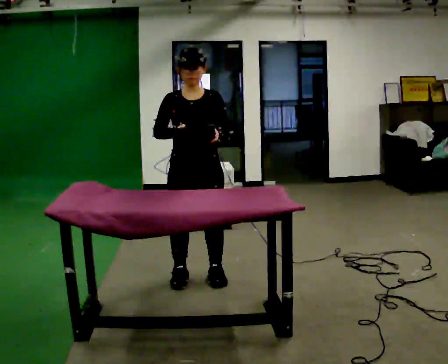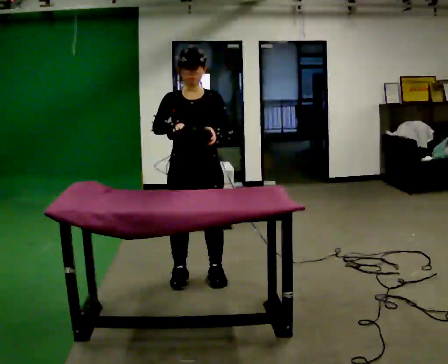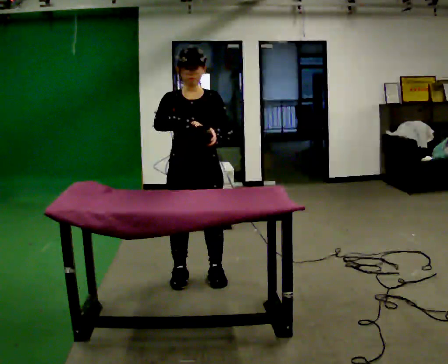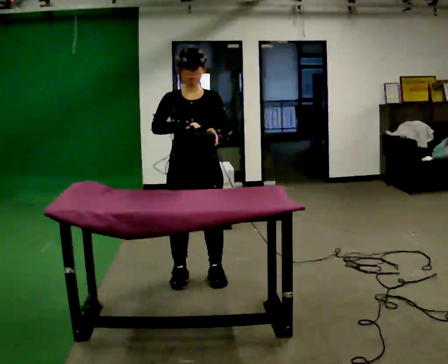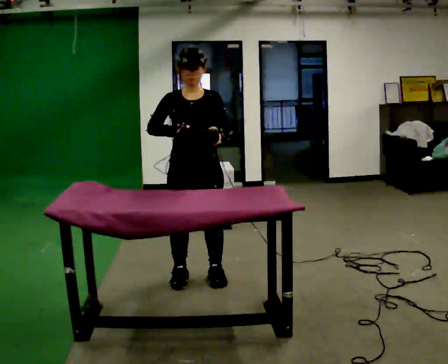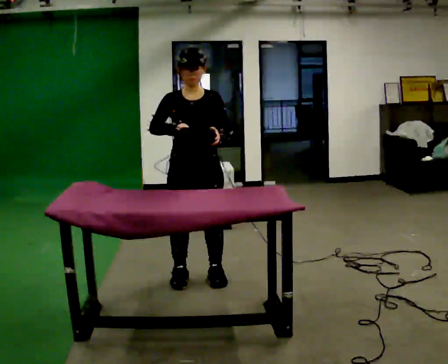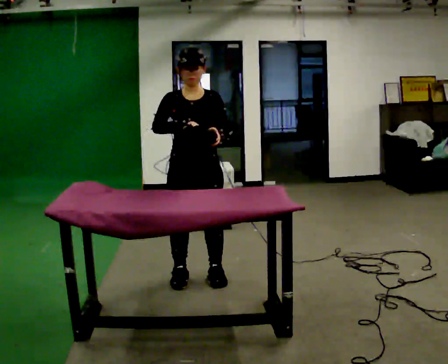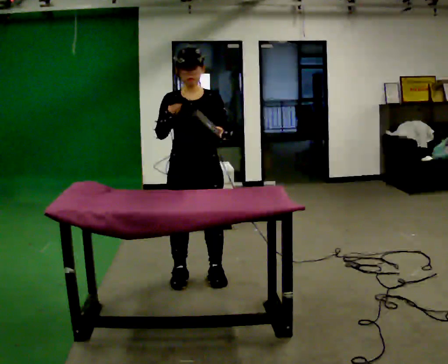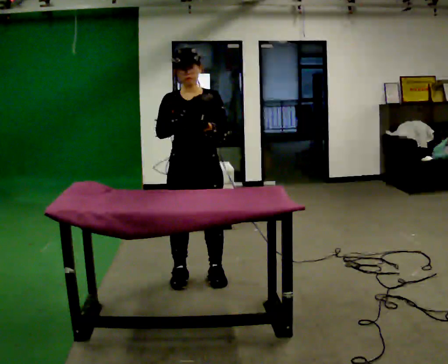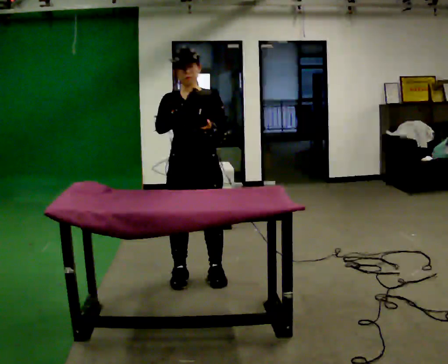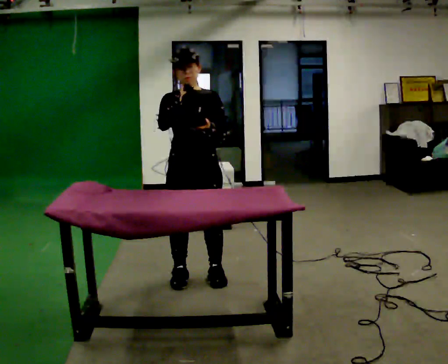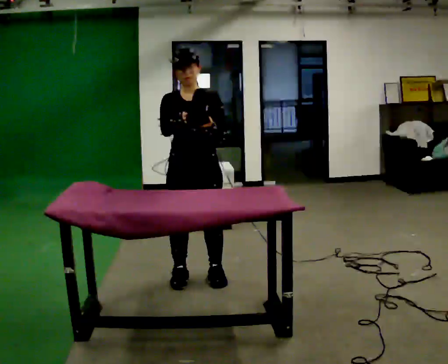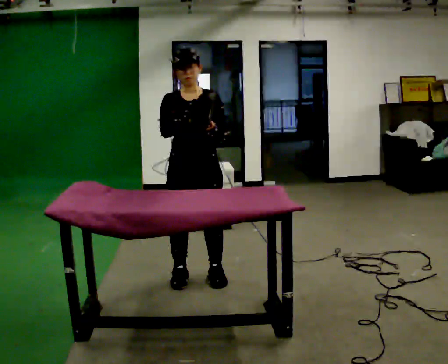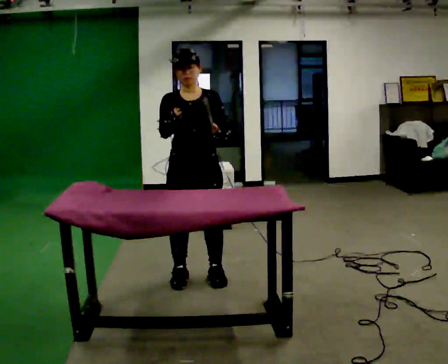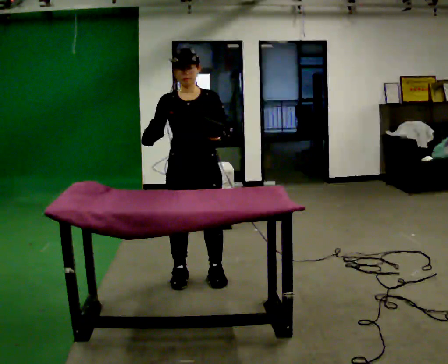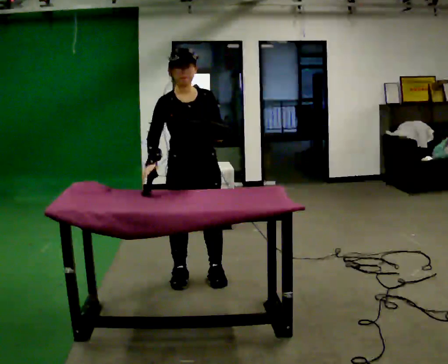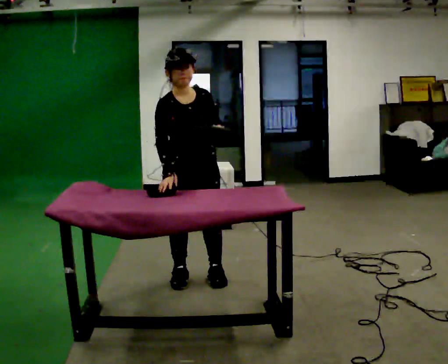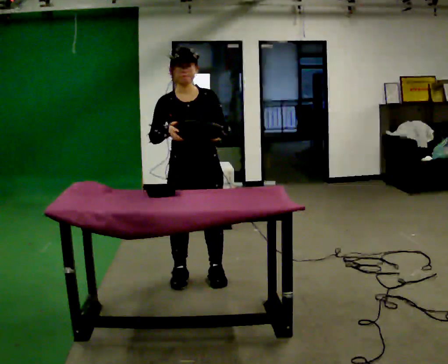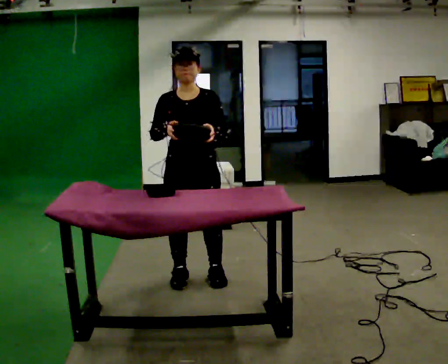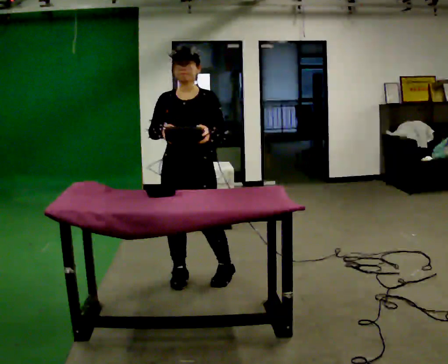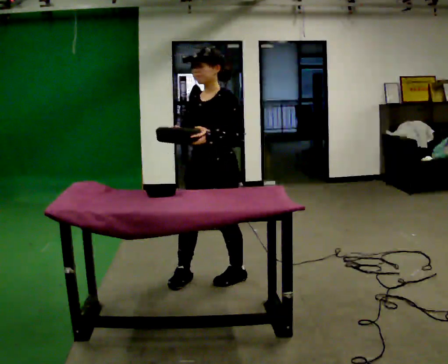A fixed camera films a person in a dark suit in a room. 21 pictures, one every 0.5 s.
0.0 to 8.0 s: The person moves a little, or ends about where they began.
8.0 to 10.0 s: The part of the body nearest the lens slides to the left as the person turns to their right by about 75 degrees. In the picture they go to the right, about 0.25 m in 1 step.
The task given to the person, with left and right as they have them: Clear everything off the table and put it away on the shelf, in as many trips as you need. Keep going until the operator says stop; one object at a time, and do not rush between trips.
The film runs forward here.
